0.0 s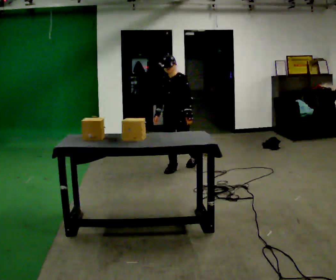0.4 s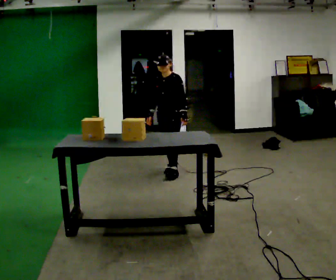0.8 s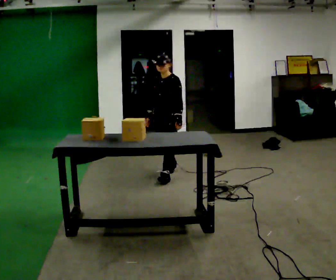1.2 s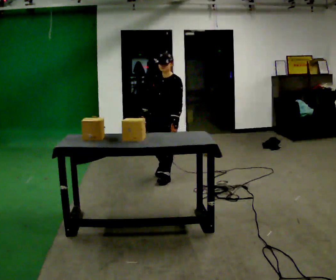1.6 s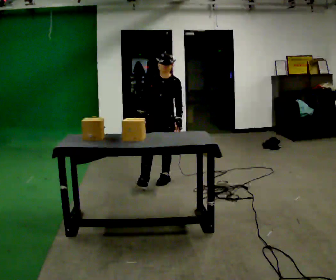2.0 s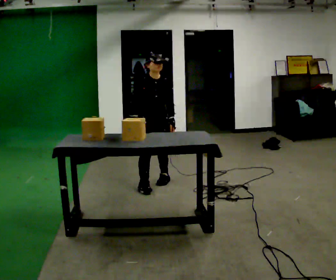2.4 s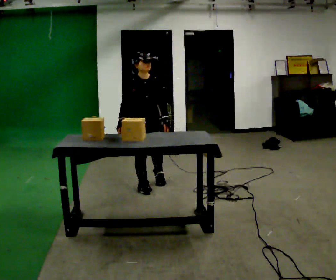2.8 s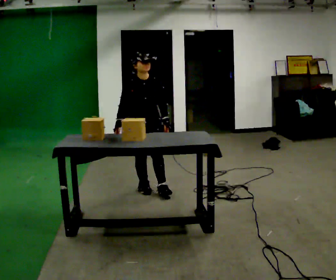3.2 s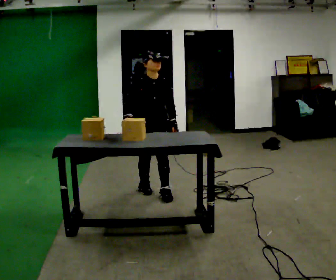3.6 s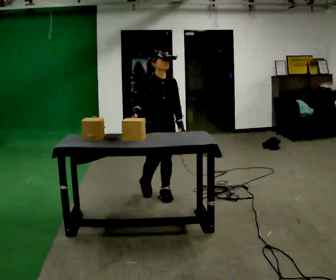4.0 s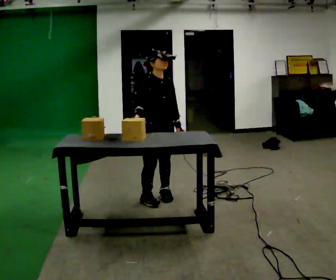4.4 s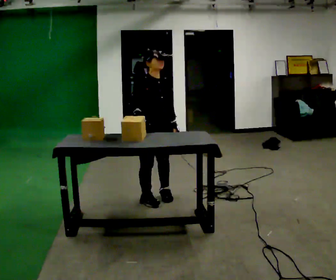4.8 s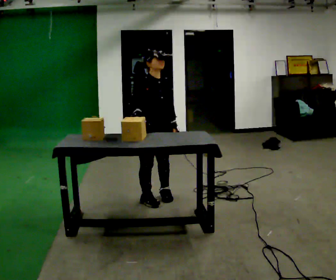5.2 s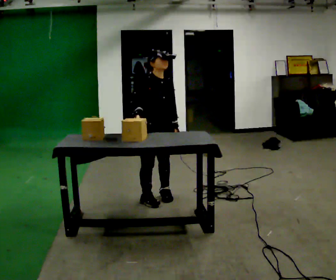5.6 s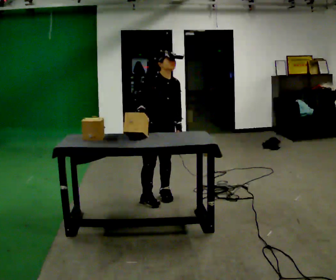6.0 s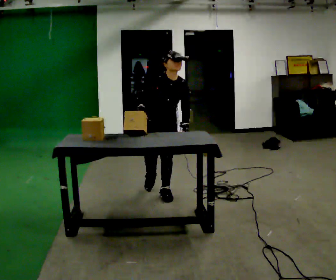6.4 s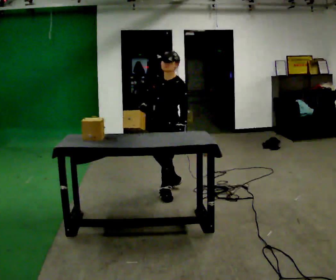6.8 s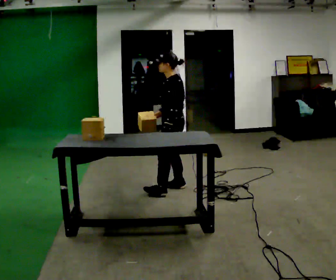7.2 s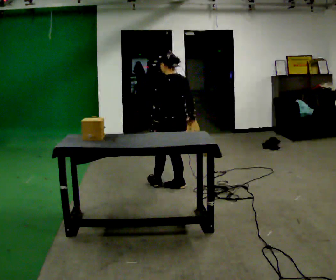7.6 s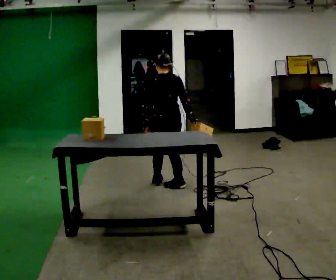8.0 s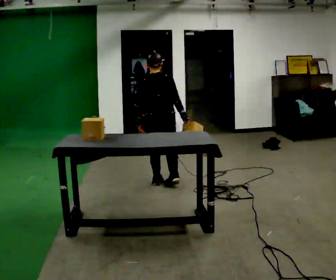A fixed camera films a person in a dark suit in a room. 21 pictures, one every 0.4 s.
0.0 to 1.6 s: Seen from above the body turns counterclockwise, about 30 degrees: to their left, with its near side sliding to the right. In the picture they go toward the camera and to the left, about 0.5 m in 1 step, which for them is forward.
1.6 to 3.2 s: In the picture they go toward the camera, about 0.5 m in 2 steps, which for them is forward and to their right.
3.2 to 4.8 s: In the picture they go toward the camera, about 0.25 m in 1 step, which for them is forward and to their right.
4.8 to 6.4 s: The person turns about 75 degrees to their right, clockwise seen from above, so the part of the body nearest the lens slides to the left. In the picture they go away from the camera, about 0.25 m. The upper body tips toward the camera, its near side rolling downward.
6.4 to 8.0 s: The person turns about 135 degrees to their right, clockwise seen from above, so the part of the body nearest the lens slides to the left. In the picture they go away from the camera, about 0.25 m in 2 steps.
The film runs forward here.
